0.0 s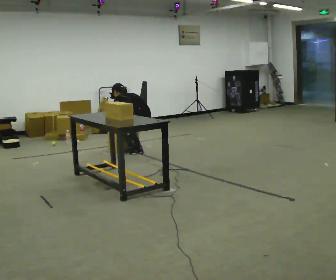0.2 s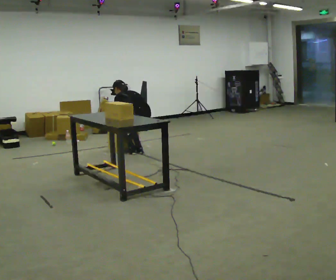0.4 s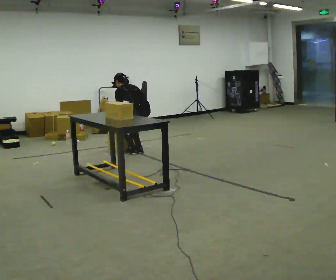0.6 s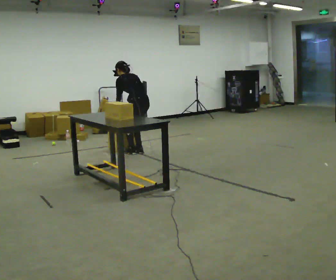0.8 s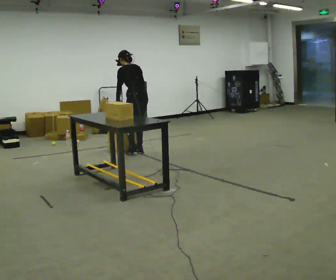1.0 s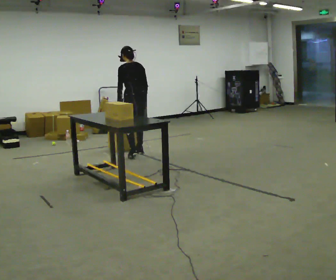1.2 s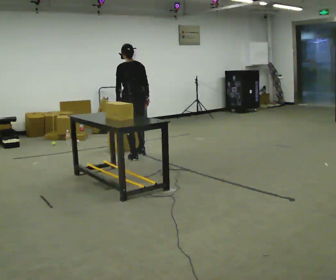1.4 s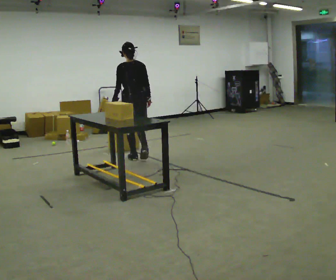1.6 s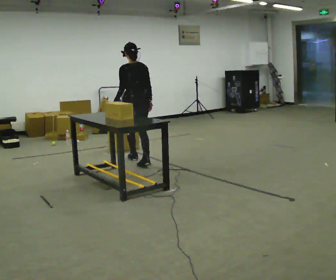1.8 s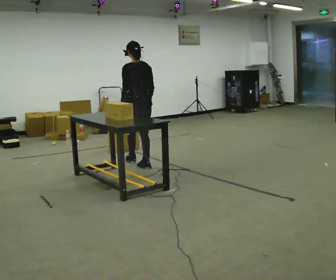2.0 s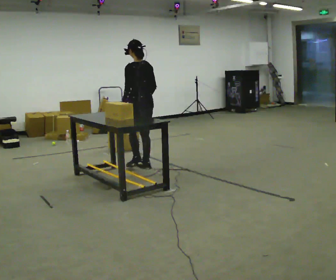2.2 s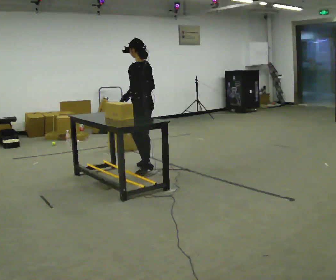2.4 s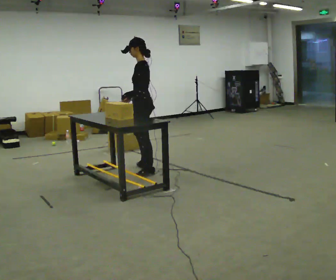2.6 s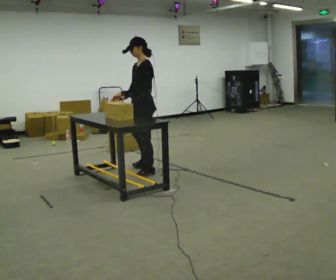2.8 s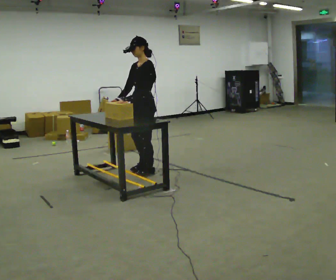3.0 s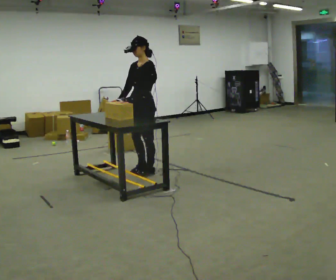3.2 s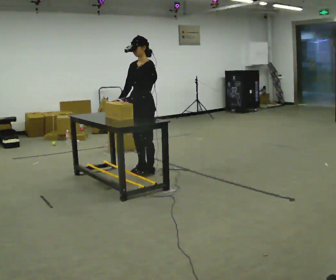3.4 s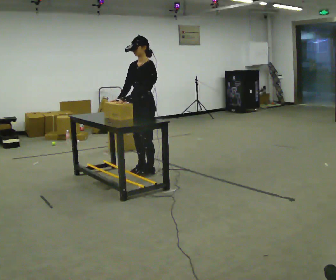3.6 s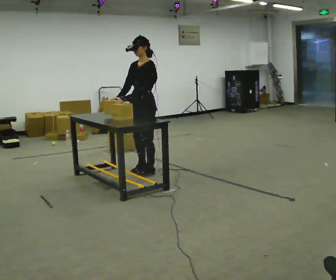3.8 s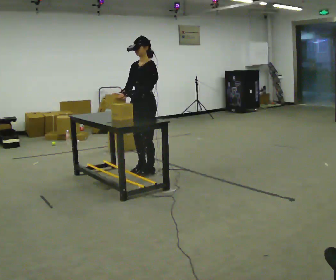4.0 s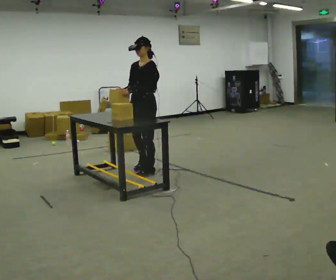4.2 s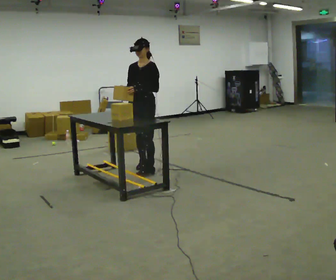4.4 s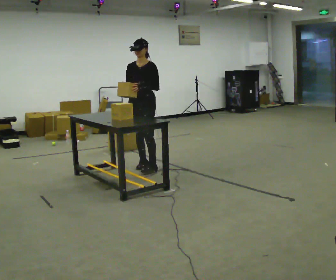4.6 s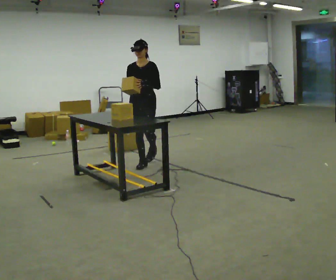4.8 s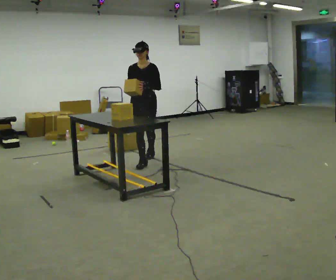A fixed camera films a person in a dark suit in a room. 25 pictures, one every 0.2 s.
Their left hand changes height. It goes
upward.
The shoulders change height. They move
upward.
0.0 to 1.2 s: In the picture they go toward the camera, about 0.25 m in 2 steps, which for them is to their left. The shoulders move upward. The upper body tips toward the camera, its near side rolling downward, as they lean back or straighten. In the picture their right hand goes upward and to the right.
1.2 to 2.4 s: The person turns about 60 degrees to their left, counterclockwise seen from above, so the part of the body nearest the lens slides to the right. In the picture they go toward the camera, about 0.5 m in 1 step.
2.4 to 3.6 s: The person turns about 45 degrees to their left, counterclockwise seen from above, so the part of the body nearest the lens slides to the right.
3.6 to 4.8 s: The person turns about 45 degrees to their left, counterclockwise seen from above, so the part of the body nearest the lens slides to the right. In the picture they go away from the camera, about 0.5 m in 2 steps, which for them is backward and to their right.
The film runs backward here.
